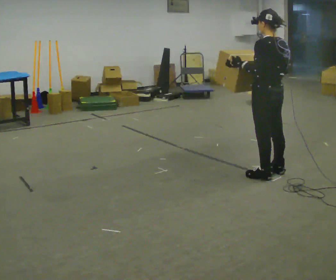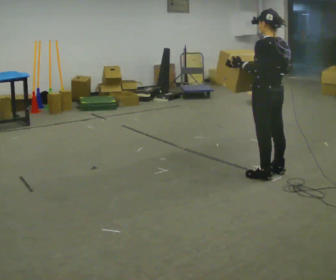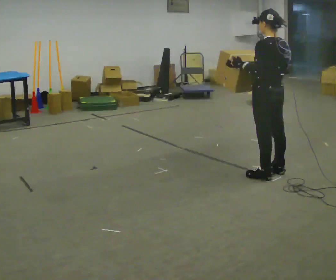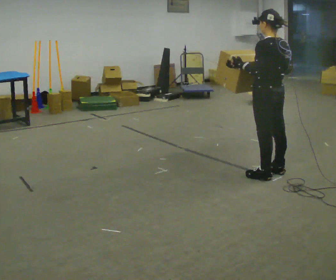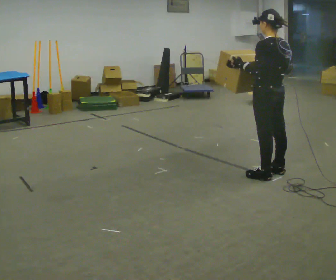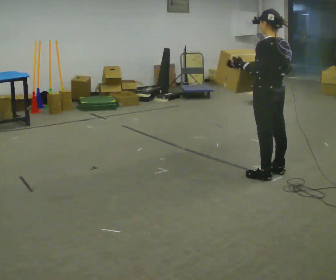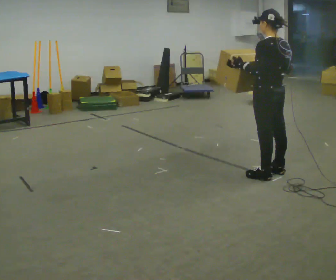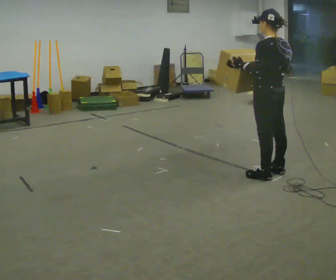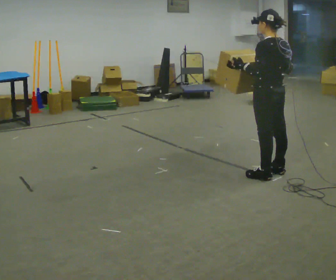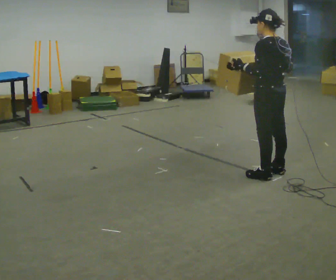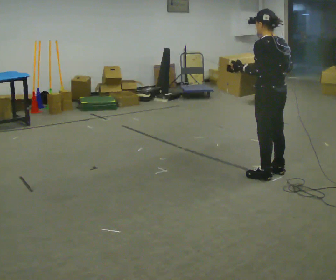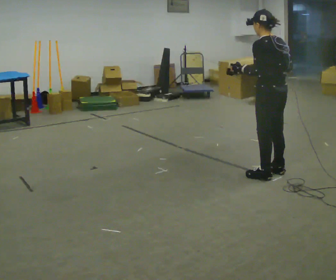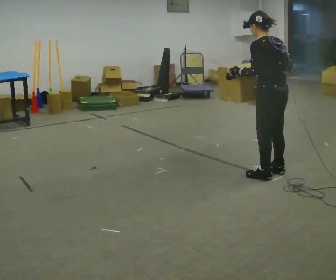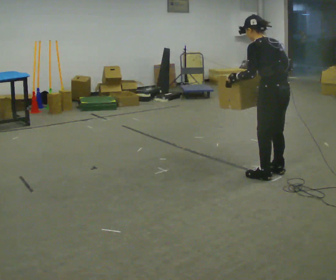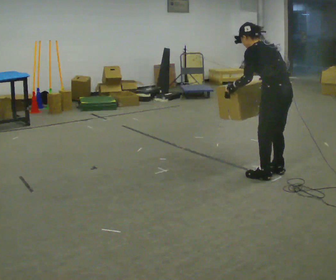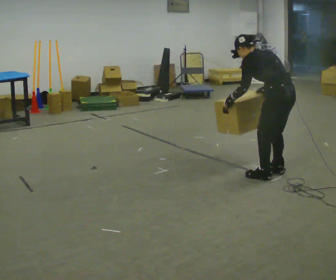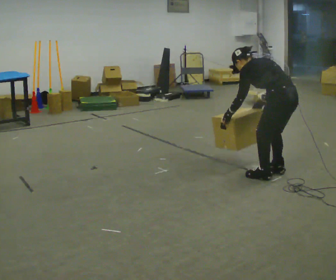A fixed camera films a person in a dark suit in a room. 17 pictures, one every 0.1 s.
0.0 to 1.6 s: The upper body goes downward. In the picture the upper body tilts counterclockwise, shoulders to the left, as they bend forward. In the picture their left hand goes downward.
The film runs backward here.
